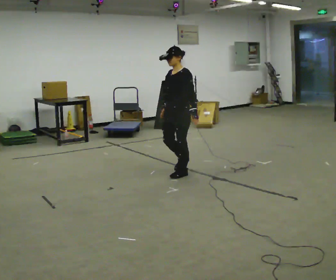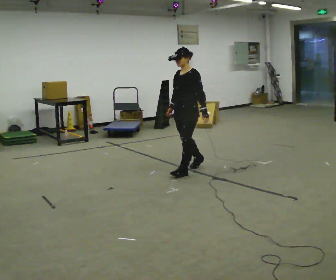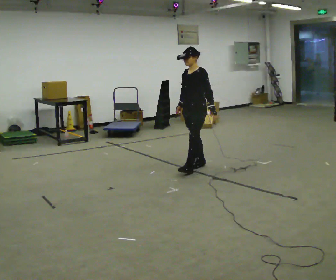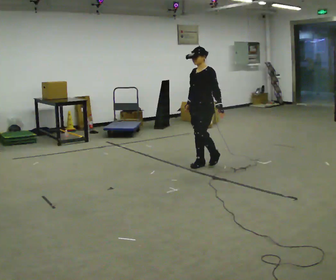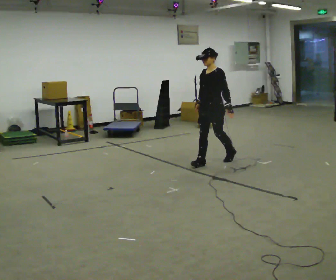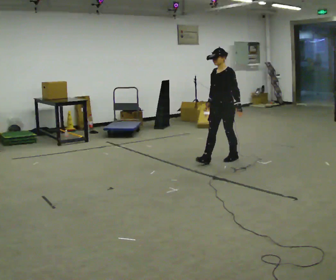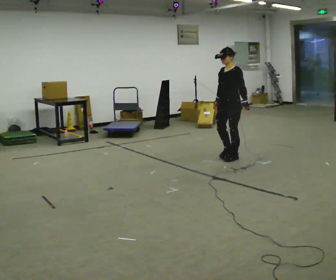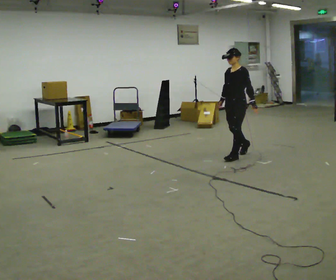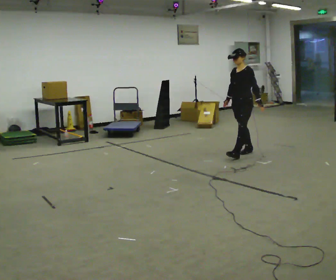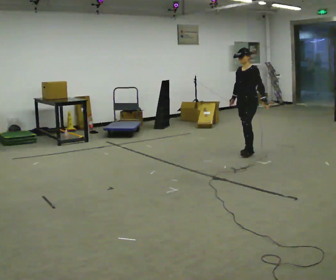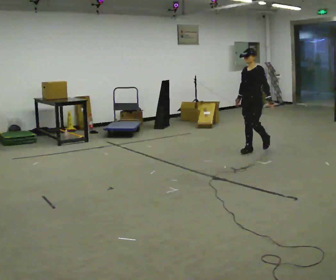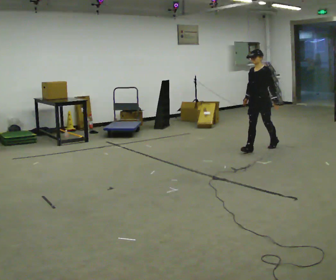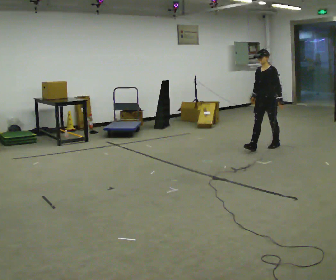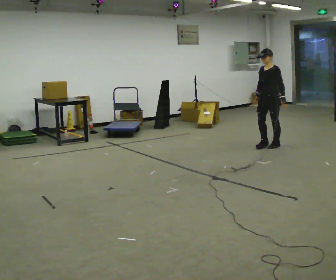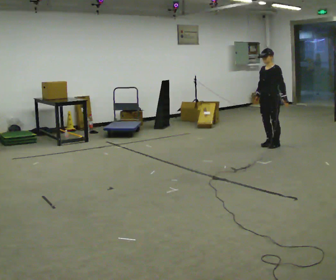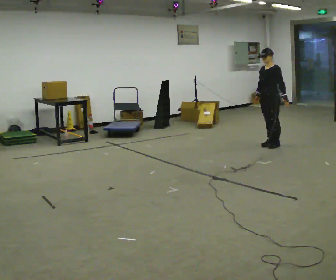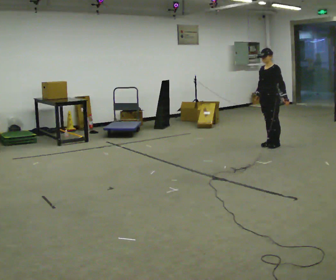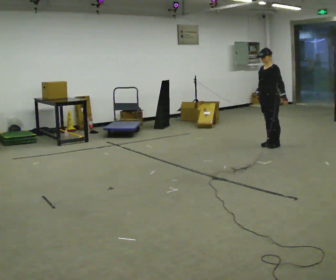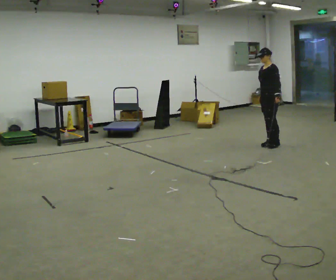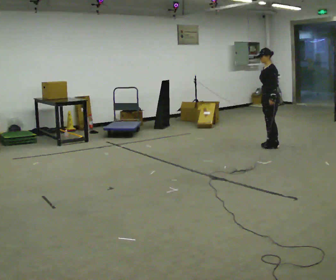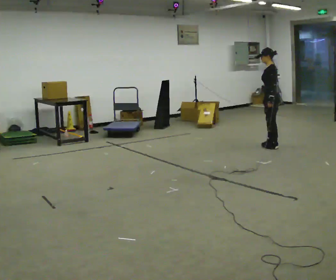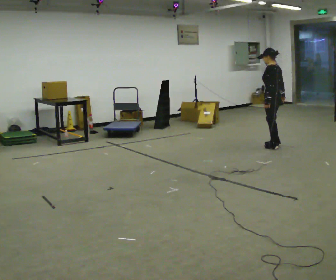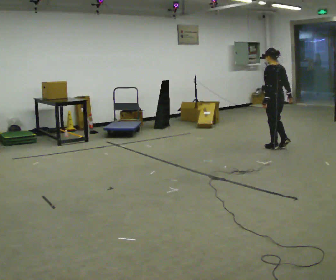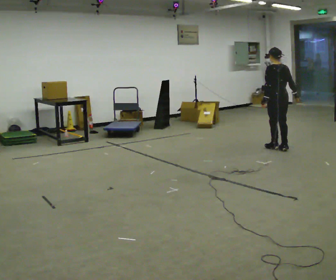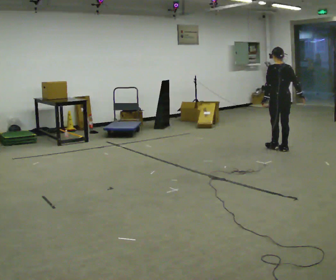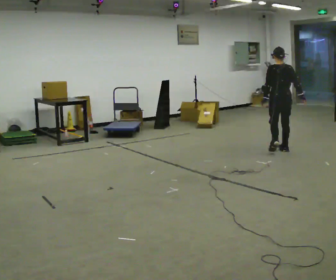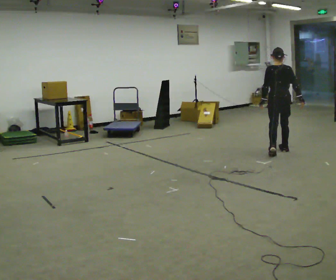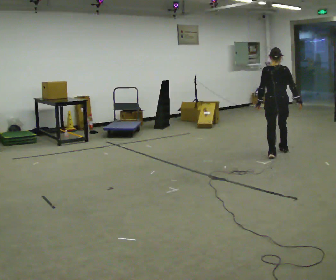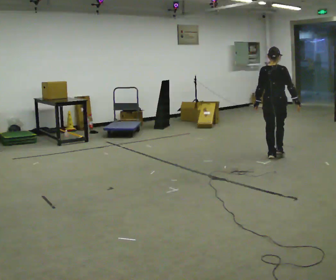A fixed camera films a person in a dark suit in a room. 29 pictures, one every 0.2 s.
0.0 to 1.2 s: In the picture they go away from the camera and to the right, about 1 m in 2 steps, which for them is backward.
1.2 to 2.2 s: In the picture they go away from the camera and to the right, about 0.75 m in 1 step, which for them is backward.
2.2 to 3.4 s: In the picture they go away from the camera and to the right, about 0.25 m in 1 step, which for them is backward.
3.4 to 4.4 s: The person turns about 90 degrees to their right, clockwise seen from above, so the part of the body nearest the lens slides to the left. In the picture they go toward the camera, about 0.25 m in 2 steps. In the picture their left hand goes to the left, the arm swinging clockwise.
4.4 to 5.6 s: The part of the body nearest the lens slides to the left as the person turns to their right by about 60 degrees. In the picture they go toward the camera, about 0.5 m in 2 steps, which for them is backward.
The film runs backward here.
